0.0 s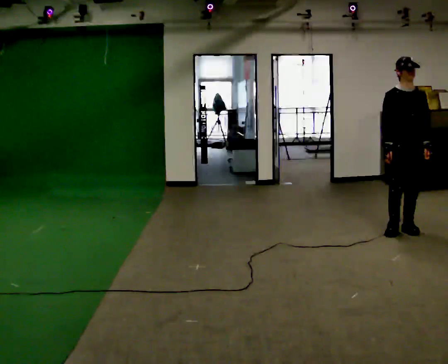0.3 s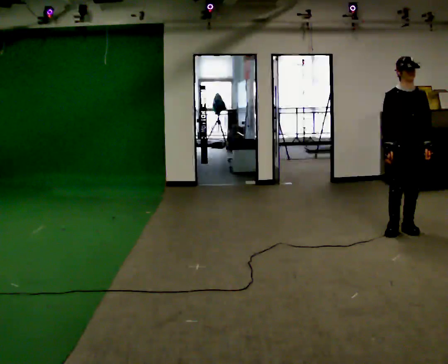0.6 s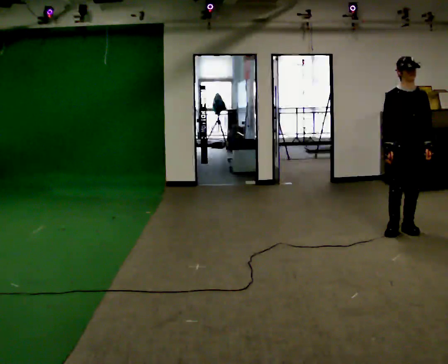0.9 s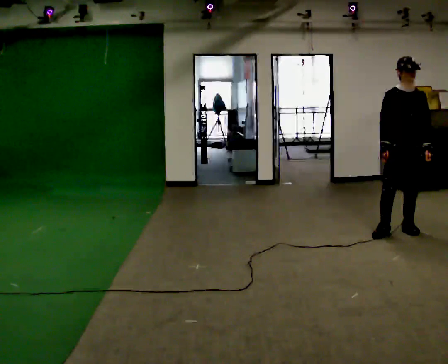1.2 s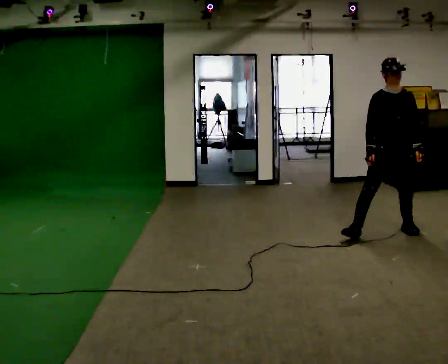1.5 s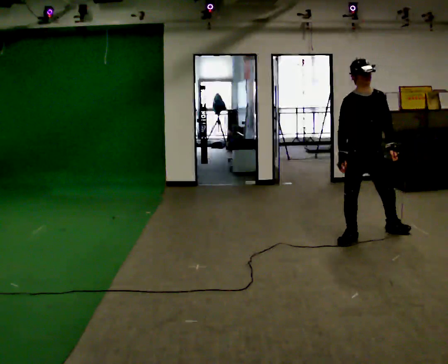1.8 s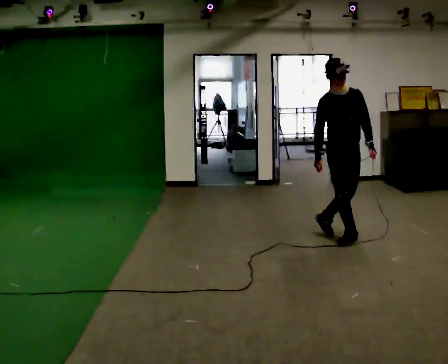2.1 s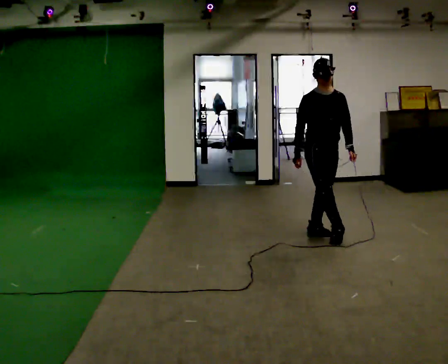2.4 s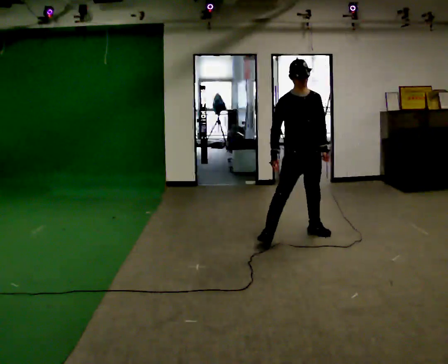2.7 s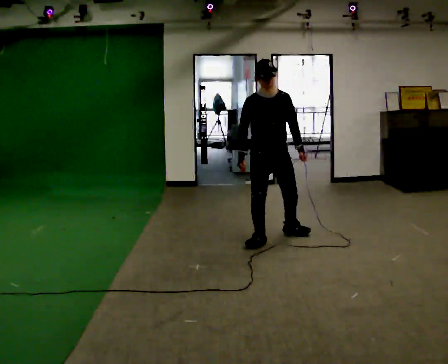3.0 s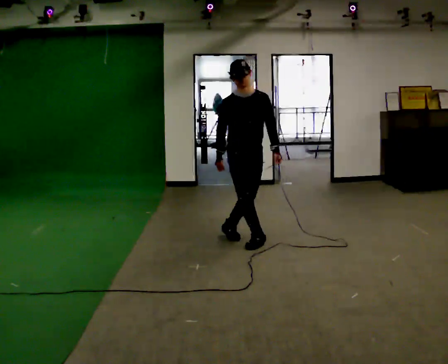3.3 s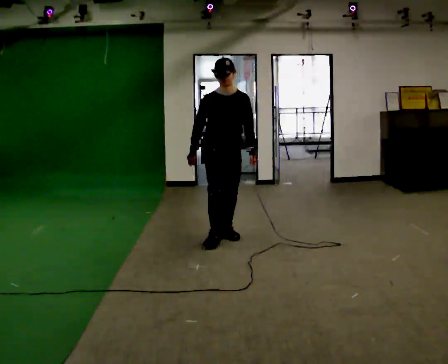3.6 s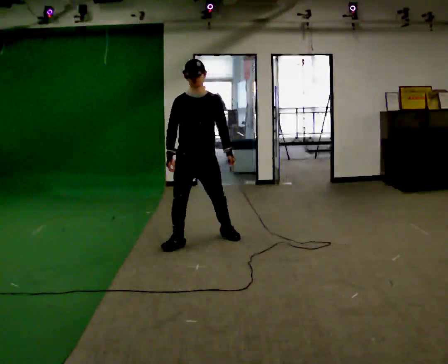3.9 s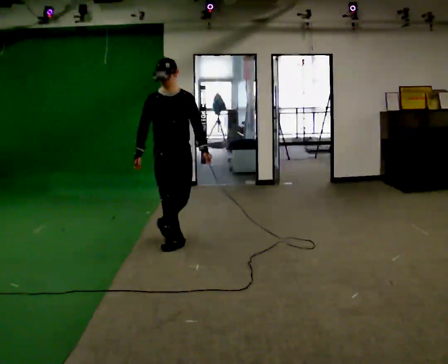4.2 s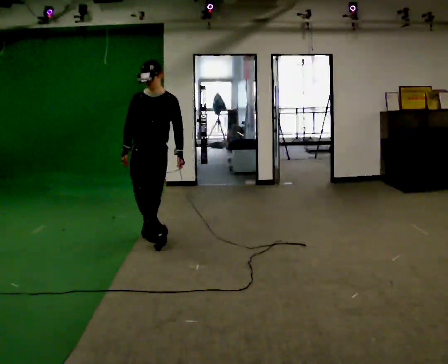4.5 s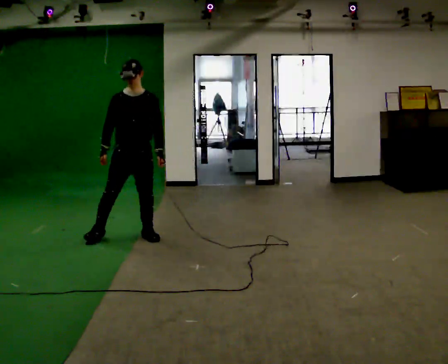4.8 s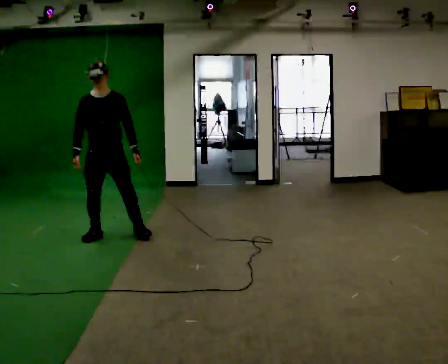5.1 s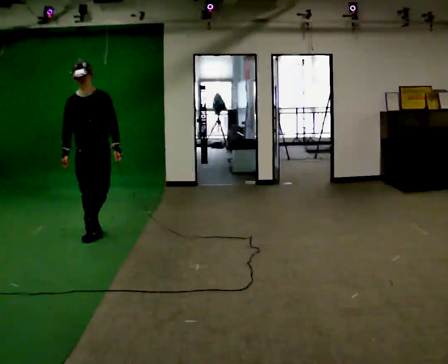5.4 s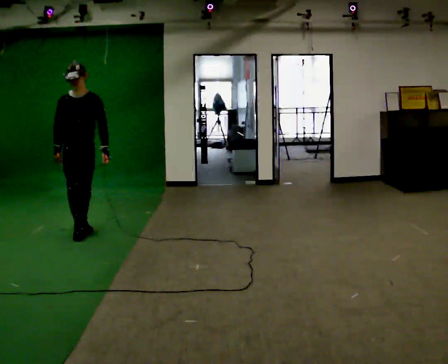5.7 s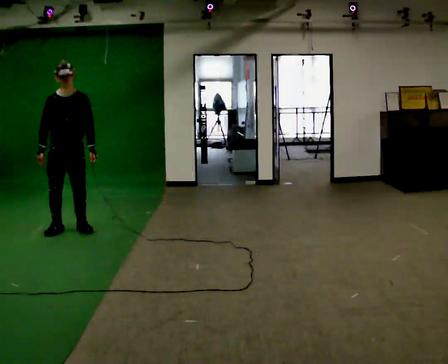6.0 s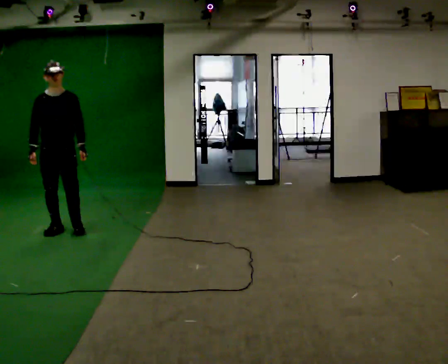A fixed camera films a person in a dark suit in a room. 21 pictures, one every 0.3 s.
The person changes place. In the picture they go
to the left.
0.0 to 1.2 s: In the picture they go to the left, about 0.25 m, which for them is to their right.
1.2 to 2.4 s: In the picture they go to the left, about 1 m in 2 steps, which for them is to their right and backward.
2.4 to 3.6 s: In the picture they go to the left, about 1 m in 3 steps, which for them is to their right.
3.6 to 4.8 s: In the picture they go to the left, about 1 m in 2 steps, which for them is to their right and backward.
4.8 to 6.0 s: In the picture they go to the left, about 0.5 m in 2 steps, which for them is to their right and backward.
The film runs forward here.
